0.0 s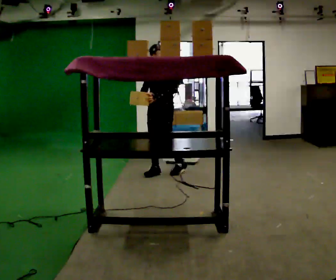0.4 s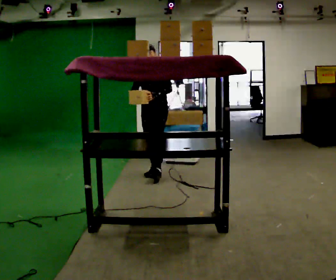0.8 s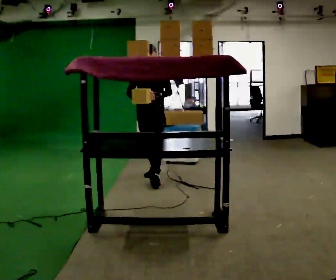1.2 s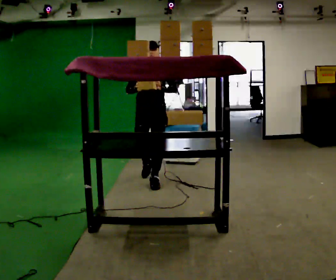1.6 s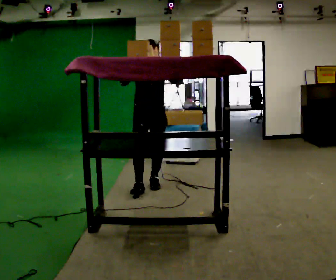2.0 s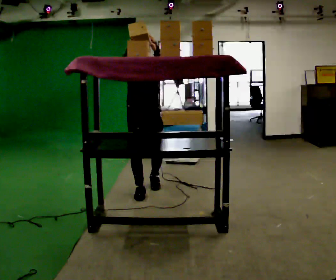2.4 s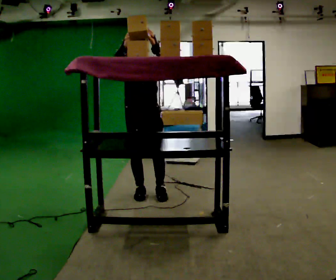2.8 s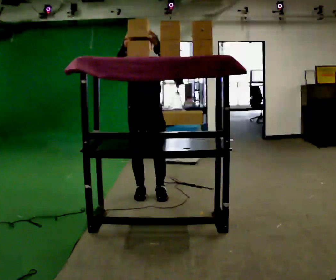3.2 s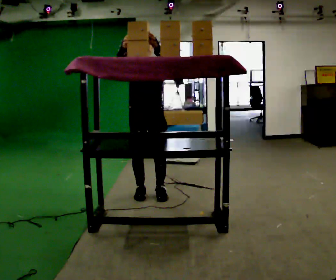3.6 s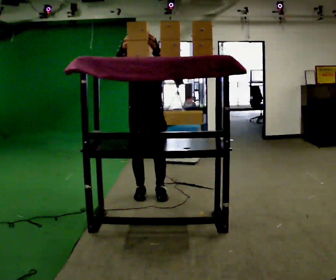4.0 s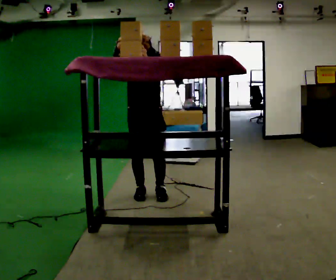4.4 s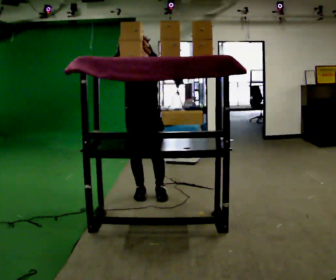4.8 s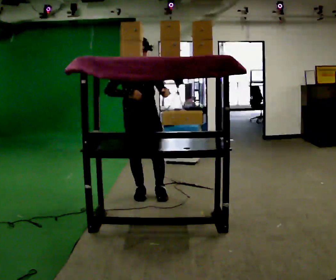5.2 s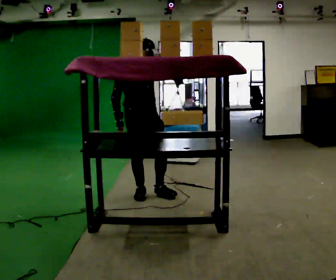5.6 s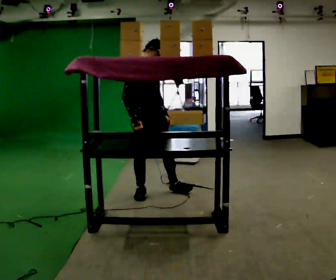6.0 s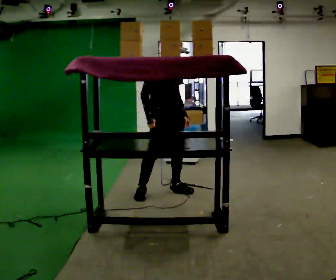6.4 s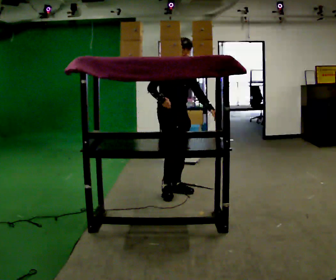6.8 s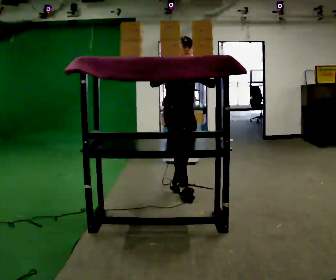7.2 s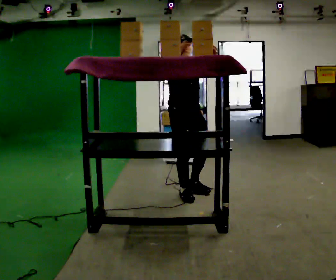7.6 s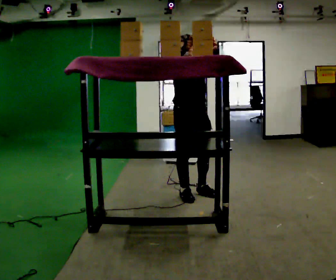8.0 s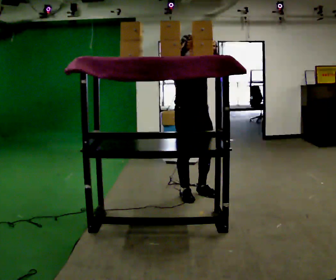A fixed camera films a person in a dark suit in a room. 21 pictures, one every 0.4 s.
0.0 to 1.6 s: The person turns about 45 degrees to their left, counterclockwise seen from above, so the part of the body nearest the lens slides to the right. In the picture they go toward the camera, about 0.75 m in 1 step, which for them is forward. In the picture their right hand goes upward.
1.6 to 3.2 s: In the picture they go toward the camera, about 0.5 m in 2 steps, which for them is forward.
3.2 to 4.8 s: In the picture their left hand goes downward.
4.8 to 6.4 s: The person turns about 30 degrees to their left, counterclockwise seen from above, so the part of the body nearest the lens slides to the right. In the picture they go to the right, about 0.25 m in 1 step, which for them is to their left and forward.
6.4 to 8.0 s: In the picture they go toward the camera and to the right, about 0.25 m in 2 steps, which for them is forward. In the picture their left hand goes upward.
The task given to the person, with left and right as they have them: Take an object from the waist-height shelf, carry it across the room, and place it on the highest shelf you can comfortably reach. Keep going until the operator says stop; one object at a time, and do not rush between trips.
The film runs forward here.
